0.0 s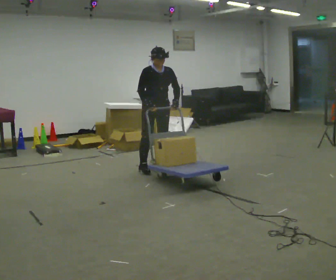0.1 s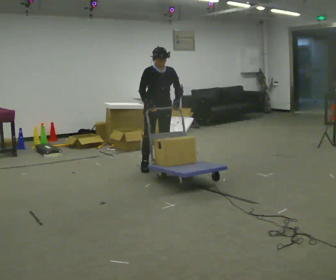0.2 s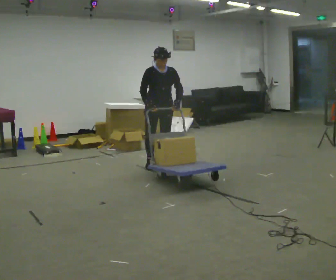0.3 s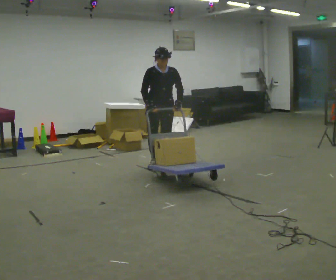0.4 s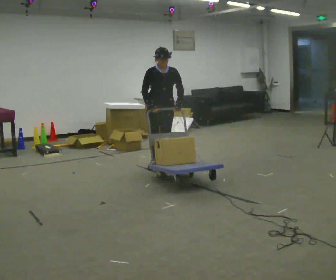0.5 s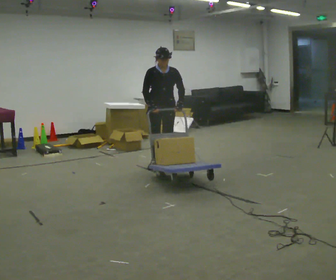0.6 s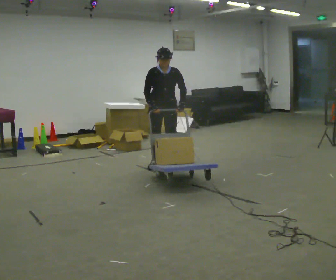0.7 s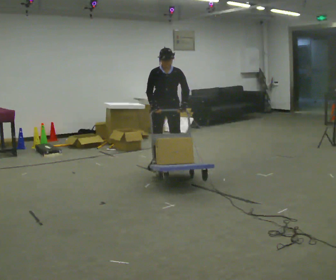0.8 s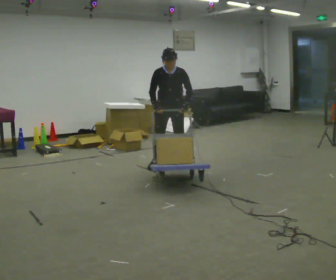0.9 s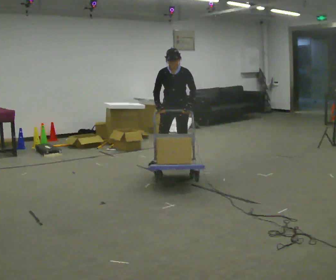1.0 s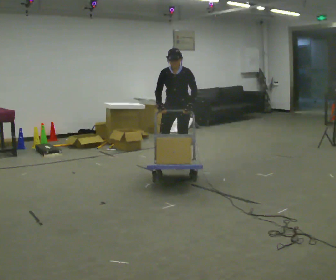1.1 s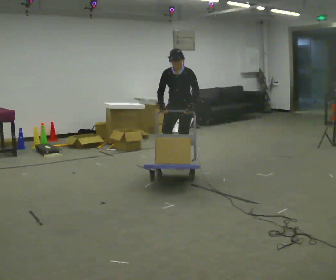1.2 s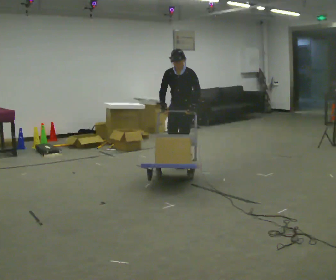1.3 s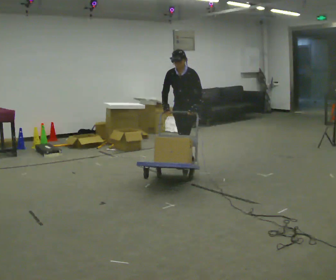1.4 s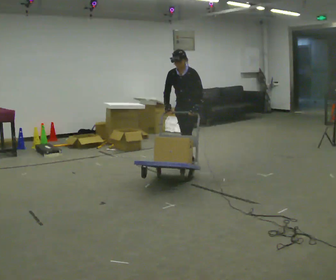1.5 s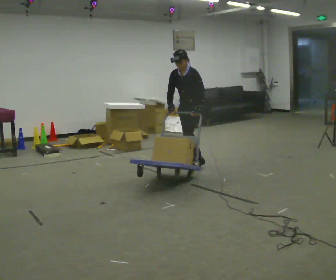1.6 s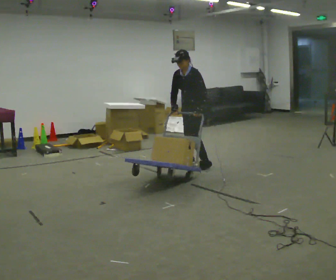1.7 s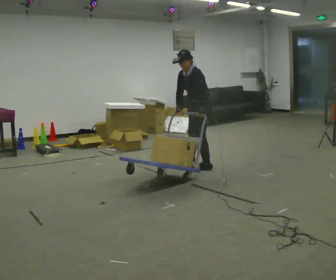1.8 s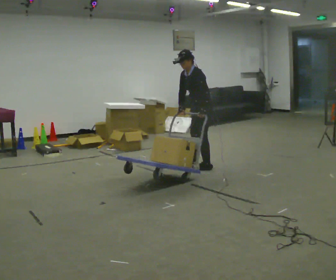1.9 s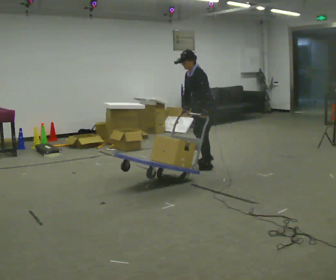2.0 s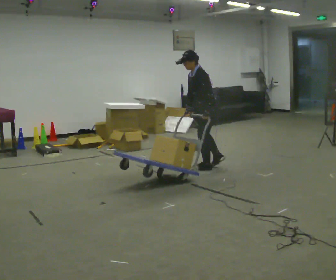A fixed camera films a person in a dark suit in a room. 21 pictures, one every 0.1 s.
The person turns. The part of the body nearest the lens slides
to the left.
The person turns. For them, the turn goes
to their right.
0.0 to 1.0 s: The person turns about 45 degrees to their right, clockwise seen from above, so the part of the body nearest the lens slides to the left. In the picture they go to the right, about 0.25 m in 2 steps, which for them is to their left and backward.
1.0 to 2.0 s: The part of the body nearest the lens slides to the left as the person turns to their right by about 75 degrees. In the picture they go to the right and toward the camera, about 0.5 m in 2 steps. In the picture the upper body tilts counterclockwise, shoulders to the left.
The film runs backward here.
